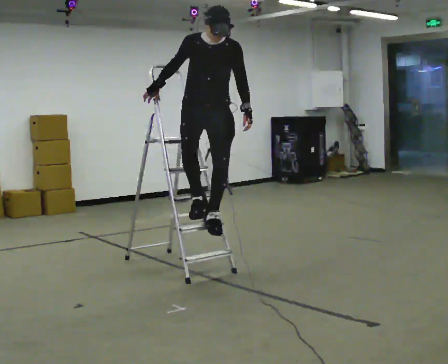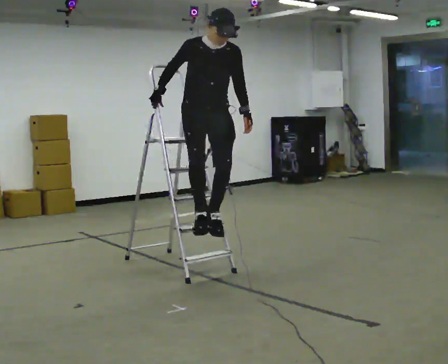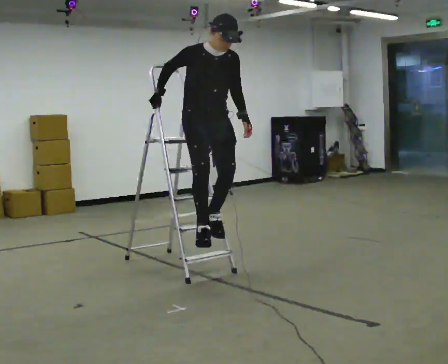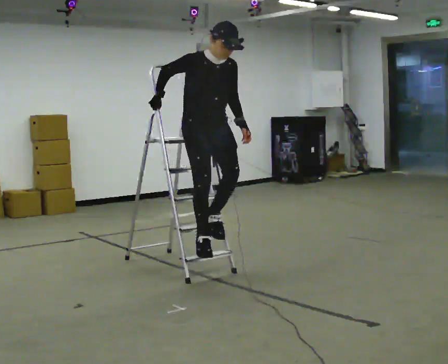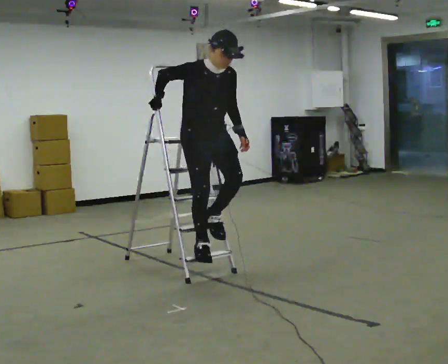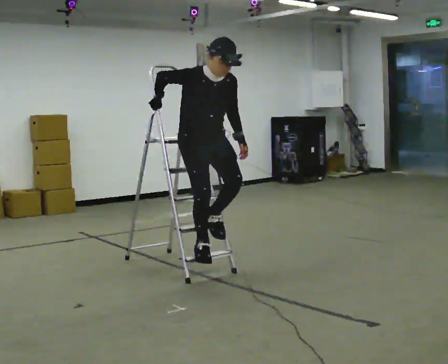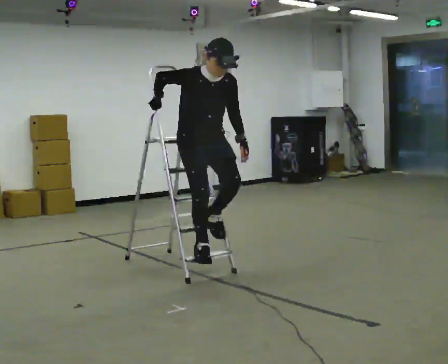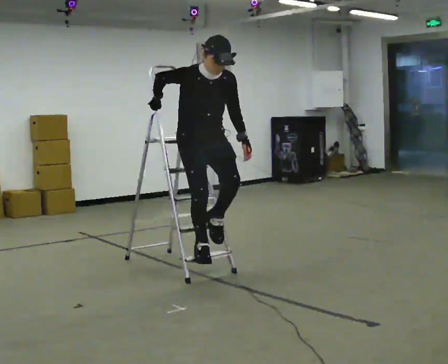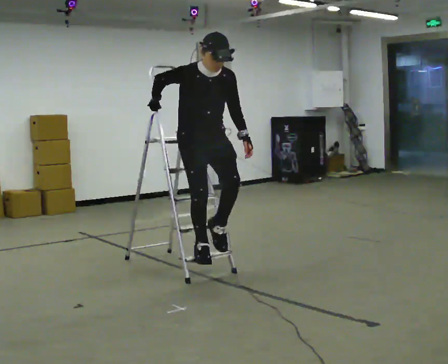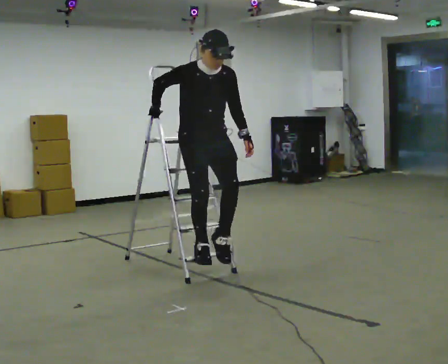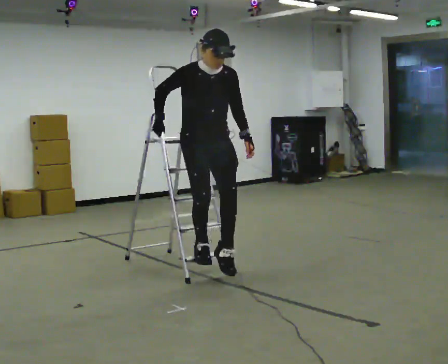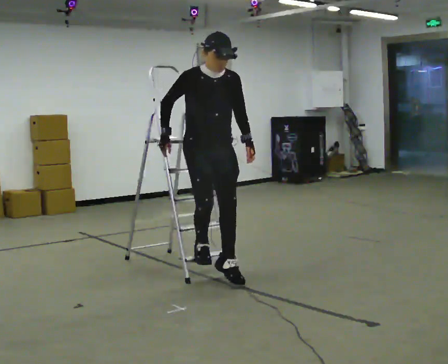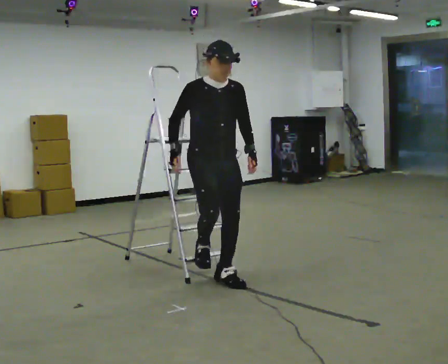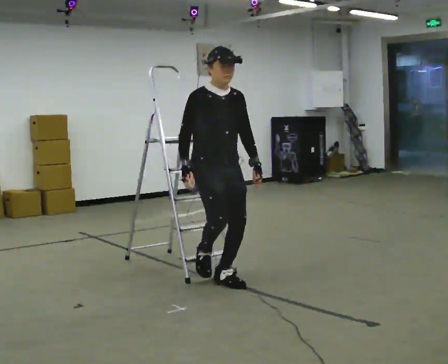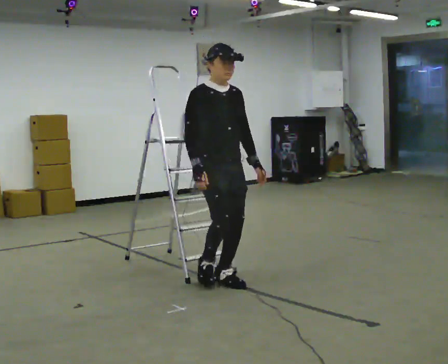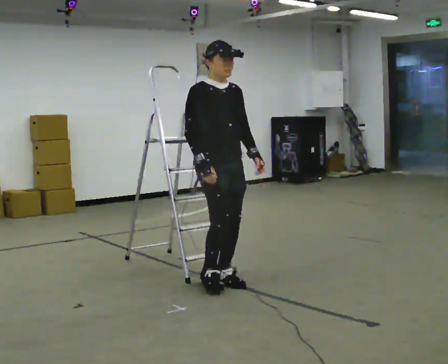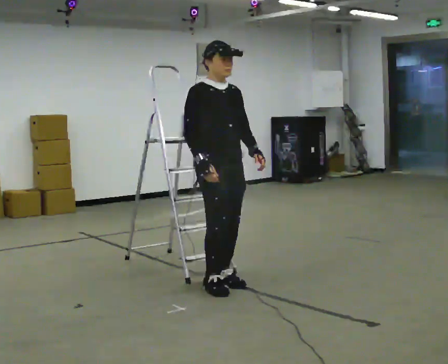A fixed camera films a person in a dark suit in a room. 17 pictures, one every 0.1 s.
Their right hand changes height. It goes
downward.
0.0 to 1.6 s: Seen from above the body turns counterclockwise, about 30 degrees: to their left, with its near side sliding to the right. In the picture they go toward the camera, about 0.5 m in 3 steps, which for them is forward. The upper body goes downward. In the picture their right hand goes downward.
The film runs forward here.
